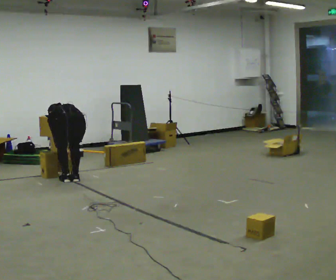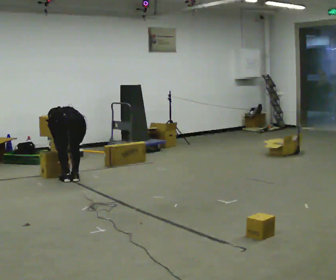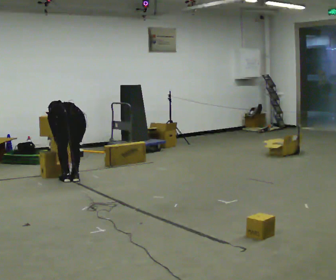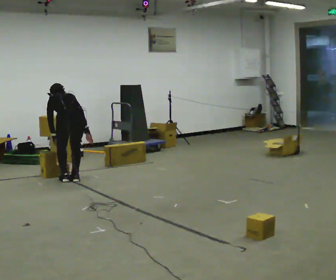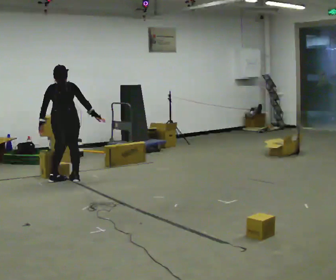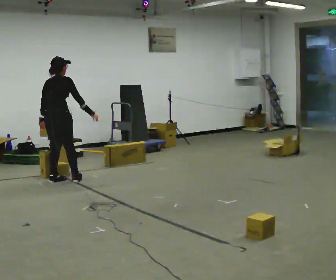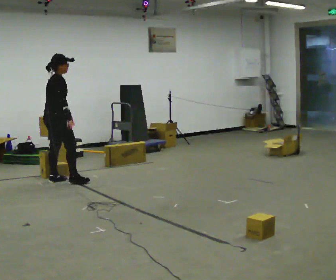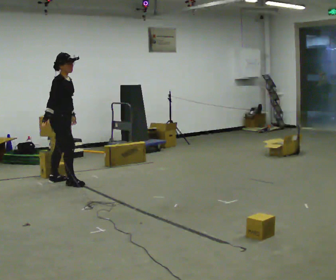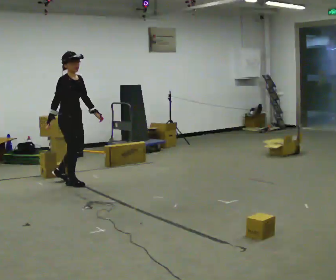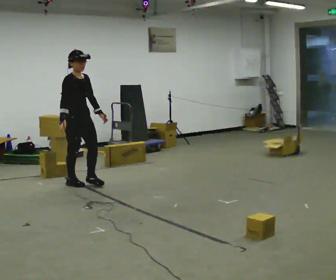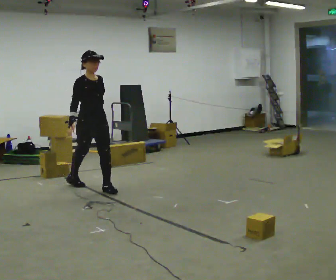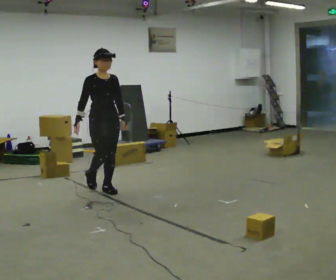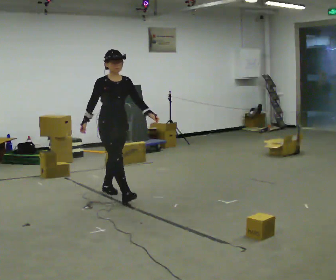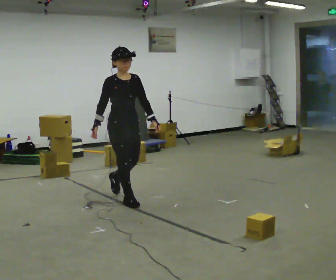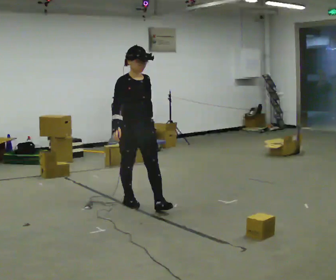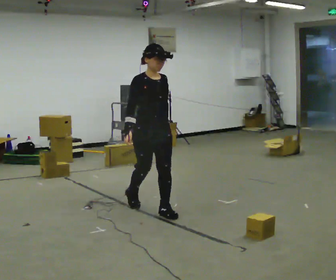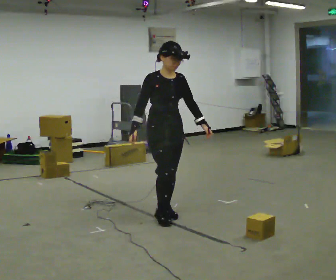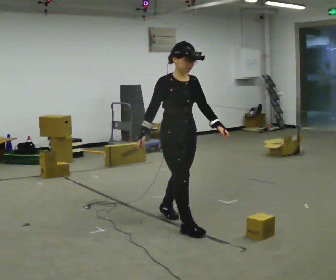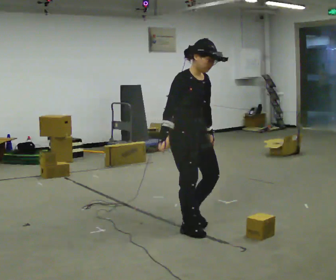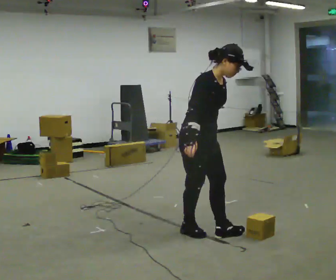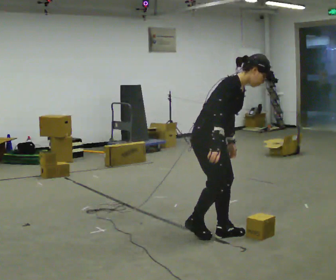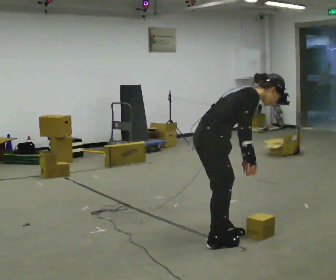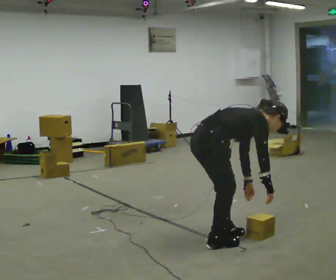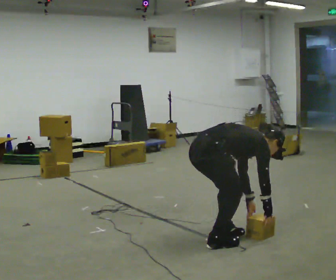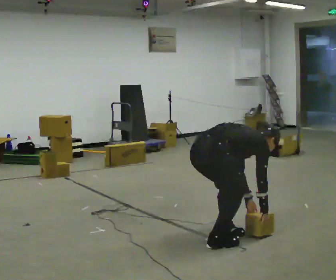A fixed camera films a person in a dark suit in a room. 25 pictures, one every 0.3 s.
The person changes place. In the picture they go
toward the camera.
The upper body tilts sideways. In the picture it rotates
clockwise.
0.0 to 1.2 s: The upper body goes upward. In the picture the upper body tilts clockwise, shoulders to the right, as they lean back or straighten. In the picture their right hand goes upward and to the right.
1.2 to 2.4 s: Seen from above the body turns clockwise, about 105 degrees: to their right, with its near side sliding to the left. The upper body tips toward the camera, its near side rolling downward, as they lean back or straighten. In the picture their right hand goes to the left, the arm swinging clockwise.
2.4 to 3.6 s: The person turns about 45 degrees to their right, clockwise seen from above, so the part of the body nearest the lens slides to the left. In the picture they go to the right and toward the camera, about 1 m in 1 step, which for them is forward.
3.6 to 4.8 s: In the picture they go toward the camera and to the right, about 1 m in 2 steps, which for them is forward.
4.8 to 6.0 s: The person turns about 45 degrees to their left, counterclockwise seen from above, so the part of the body nearest the lens slides to the right. In the picture they go toward the camera and to the right, about 0.75 m in 2 steps, which for them is forward. In the picture the upper body tilts clockwise, shoulders to the right, as they bend forward.
6.0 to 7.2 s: Seen from above the body turns counterclockwise, about 45 degrees: to their left, with its near side sliding to the right. In the picture they go toward the camera, about 0.25 m in 1 step, which for them is to their right. The shoulders move downward. The upper body tips away from the camera, its near side rolling upward, as they bend forward. In the picture their right hand goes downward and to the right.
The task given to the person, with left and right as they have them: Carry the box and, while you are still walking, turn it so you can read the label, read it out loud, then carry on. Repeat with the next box. Do not stop to read it.
The film runs forward here.
